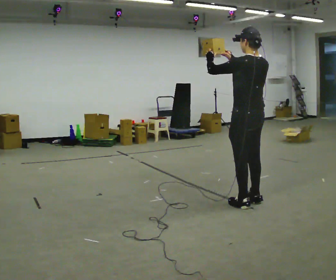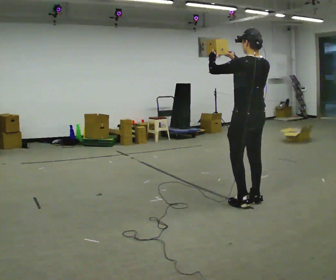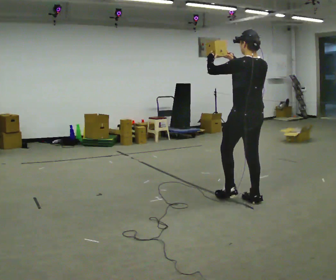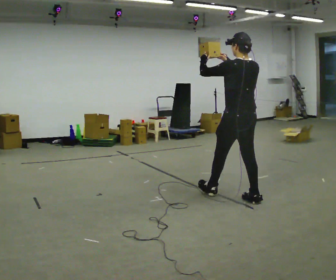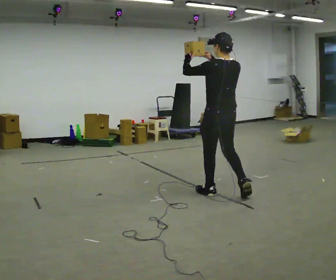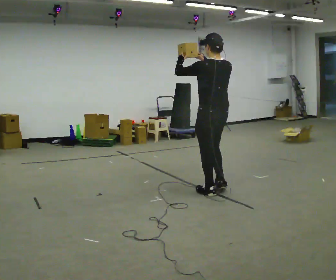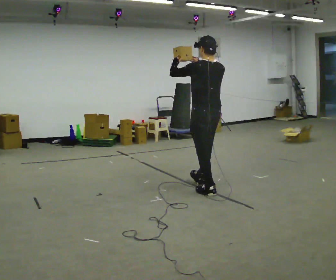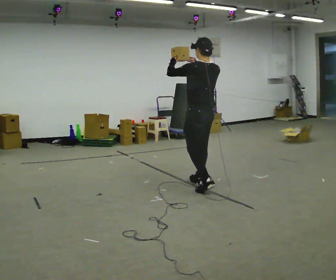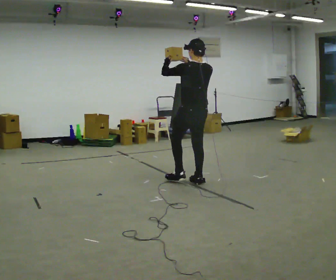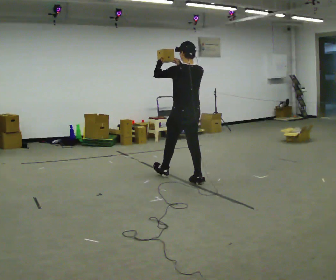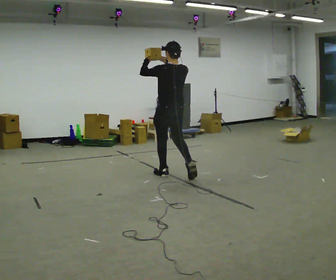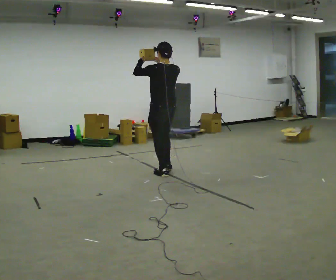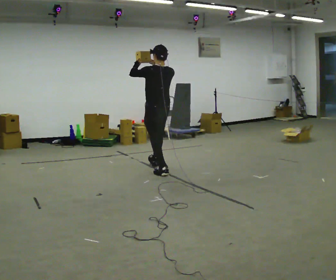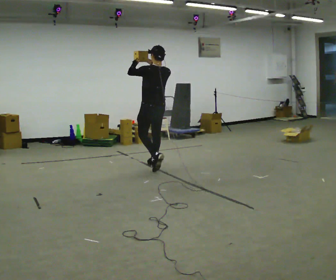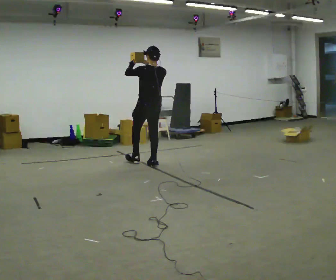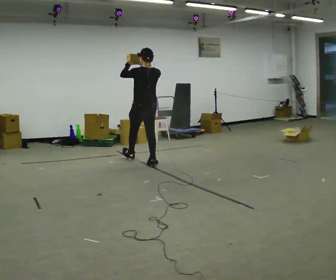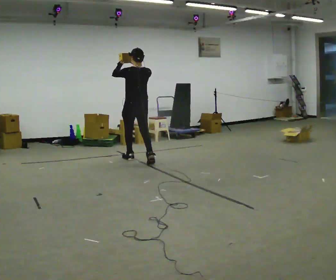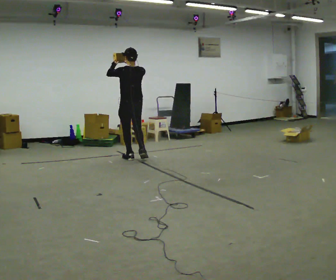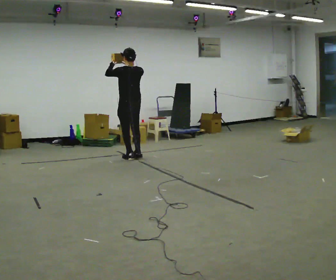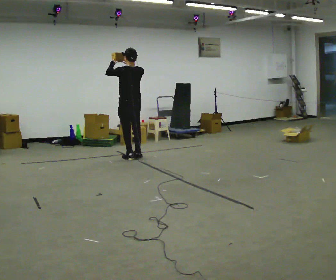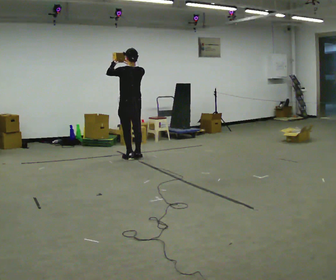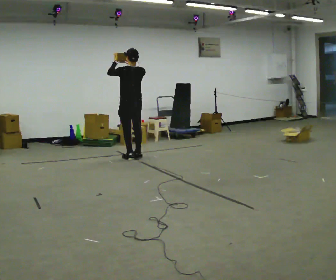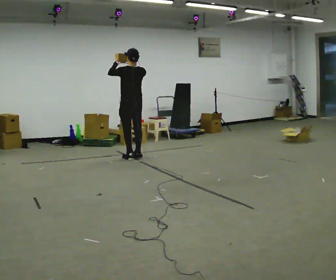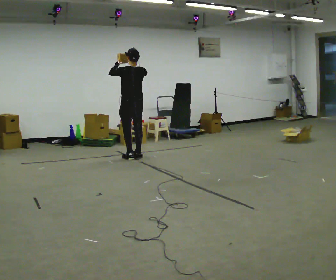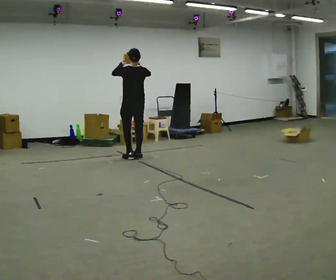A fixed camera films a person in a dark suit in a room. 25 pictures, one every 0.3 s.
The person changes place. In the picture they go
away from the camera.
0.0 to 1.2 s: In the picture they go away from the camera and to the left, about 0.5 m in 1 step, which for them is forward.
1.2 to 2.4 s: In the picture they go away from the camera, about 0.5 m in 1 step, which for them is forward.
2.4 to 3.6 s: In the picture they go away from the camera and to the left, about 1 m in 2 steps, which for them is forward.
3.6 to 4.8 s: In the picture they go away from the camera and to the left, about 0.5 m in 1 step, which for them is forward.
4.8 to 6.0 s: In the picture they go away from the camera, about 0.25 m in 1 step, which for them is forward.
6.0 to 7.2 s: The person moves a little, or ends about where they began.
The film runs forward here.
